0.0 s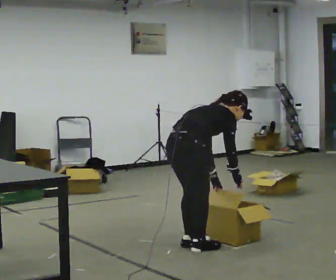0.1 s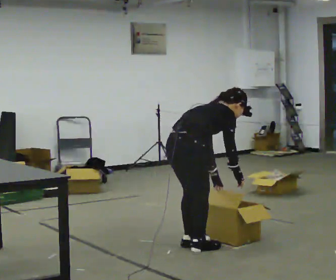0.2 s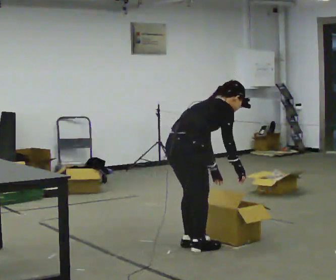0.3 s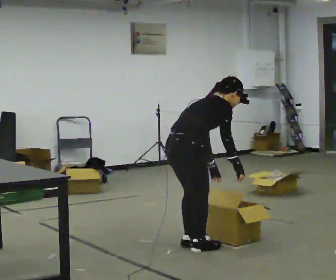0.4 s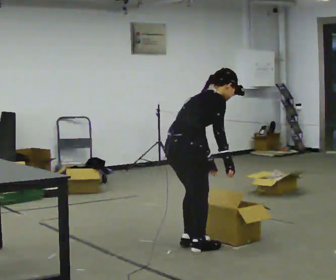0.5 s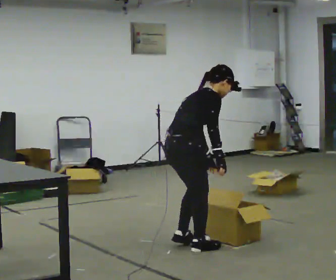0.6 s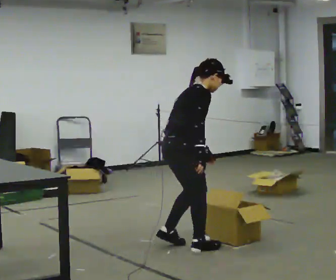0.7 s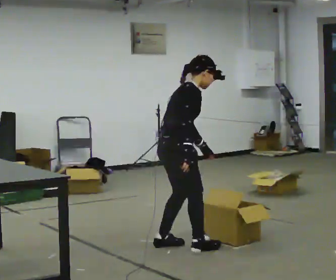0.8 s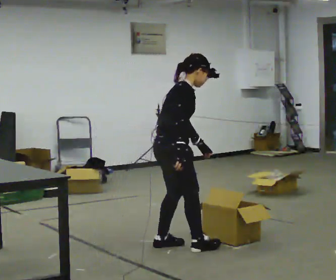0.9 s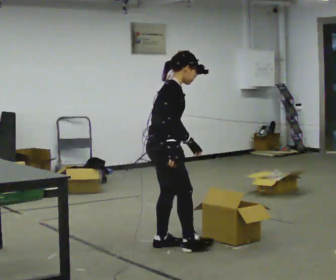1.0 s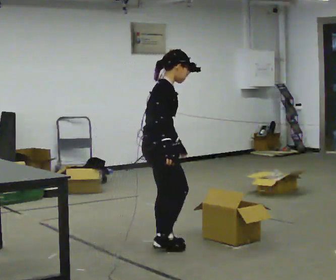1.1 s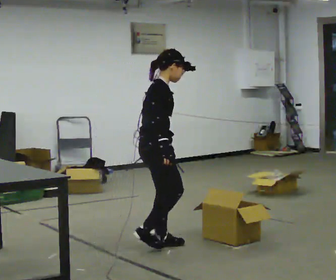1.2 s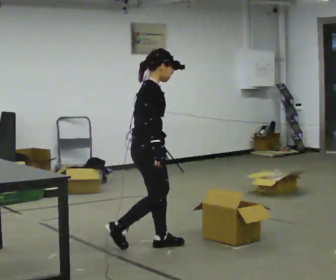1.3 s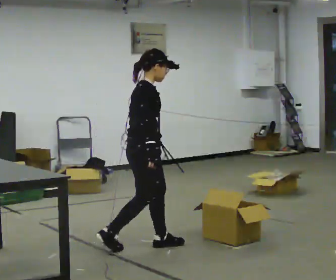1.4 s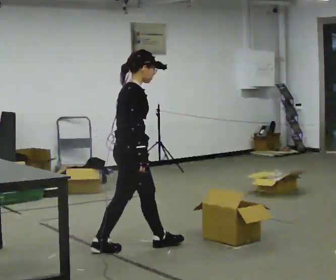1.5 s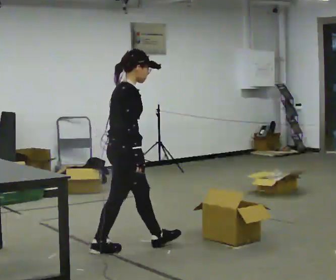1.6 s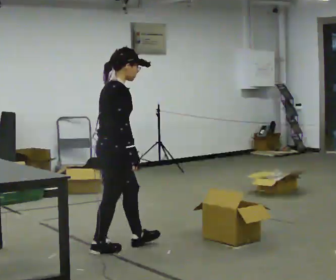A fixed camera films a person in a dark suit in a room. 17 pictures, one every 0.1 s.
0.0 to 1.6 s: In the picture they go to the left, about 0.5 m in 3 steps, which for them is backward. The upper body goes upward. In the picture the upper body tilts counterclockwise, shoulders to the left, as they lean back or straighten.
The film runs backward here.
